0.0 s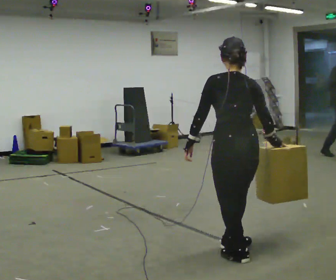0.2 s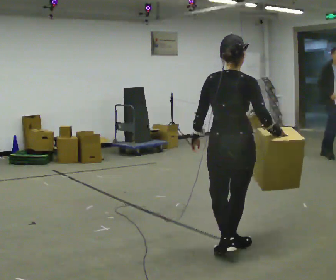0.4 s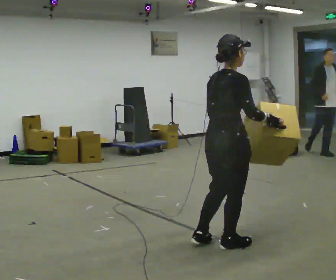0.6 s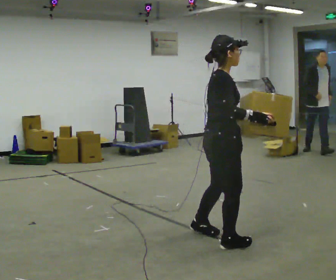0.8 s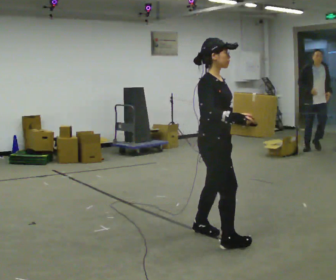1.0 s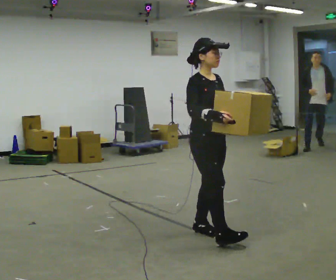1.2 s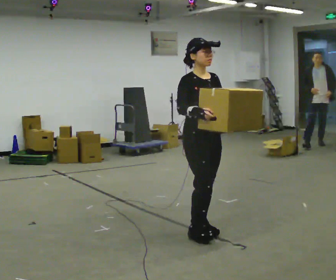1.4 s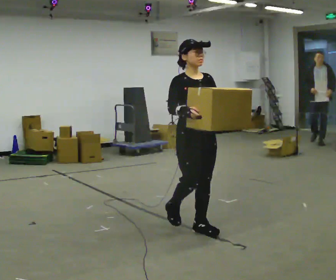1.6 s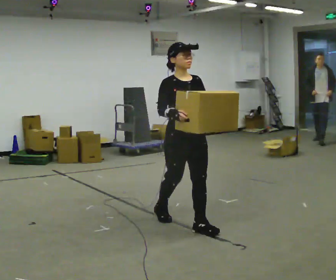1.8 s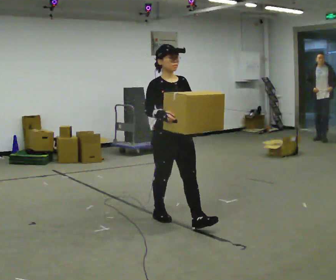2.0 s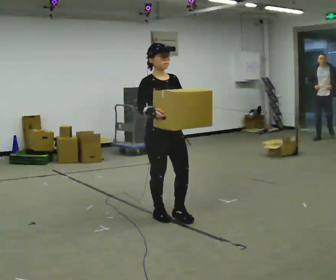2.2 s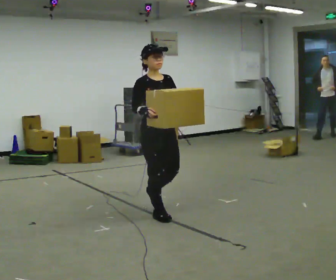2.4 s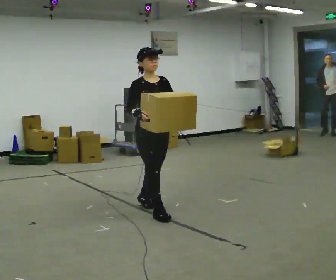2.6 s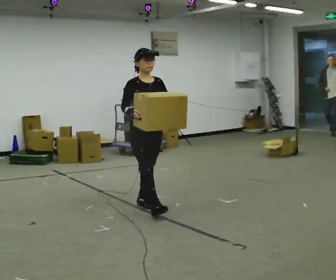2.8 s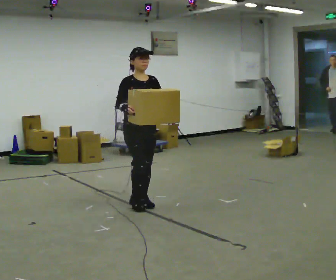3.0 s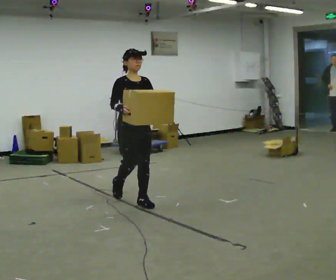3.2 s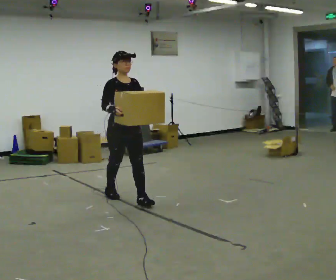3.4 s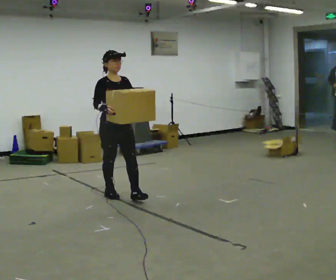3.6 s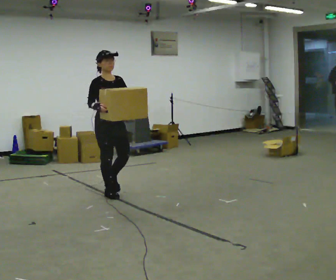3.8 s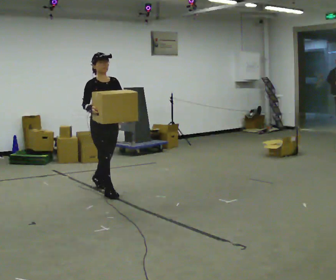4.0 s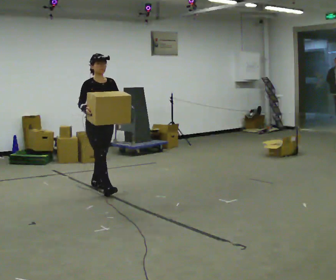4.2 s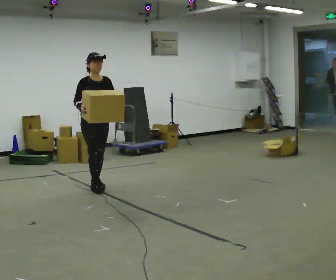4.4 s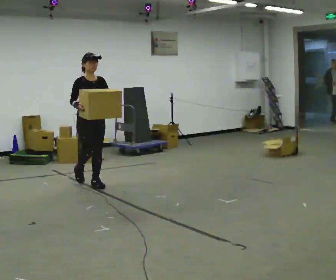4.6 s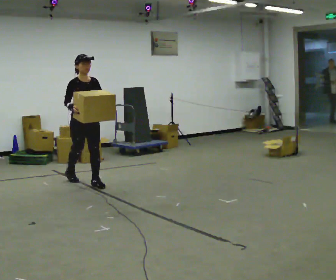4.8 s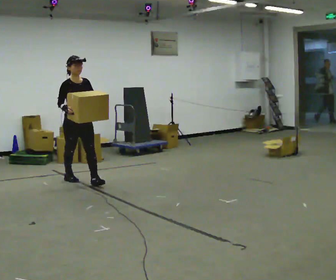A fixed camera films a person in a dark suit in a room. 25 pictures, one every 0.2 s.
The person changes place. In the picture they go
away from the camera.
0.0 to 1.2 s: Seen from above the body turns clockwise, about 150 degrees: to their right, with its near side sliding to the left. In the picture they go away from the camera, about 0.5 m in 2 steps. The upper body tips toward the camera, its near side rolling downward, as they lean back or straighten.
1.2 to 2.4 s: In the picture they go away from the camera and to the left, about 0.5 m in 1 step, which for them is backward.
2.4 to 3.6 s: In the picture they go away from the camera and to the left, about 1 m in 2 steps, which for them is backward.
3.6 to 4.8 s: In the picture they go away from the camera and to the left, about 1 m in 1 step, which for them is backward.
The film runs backward here.
